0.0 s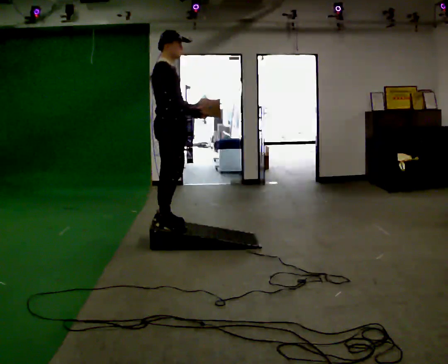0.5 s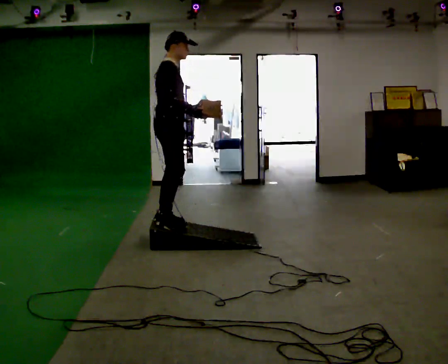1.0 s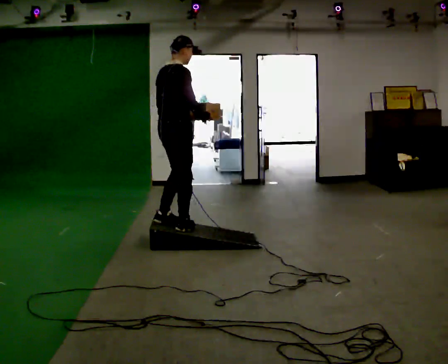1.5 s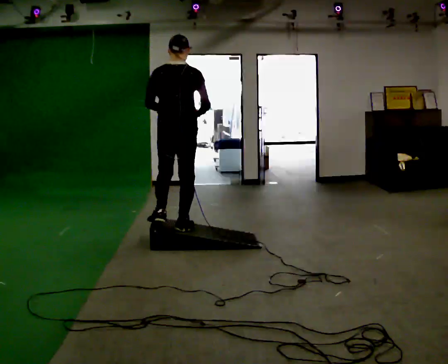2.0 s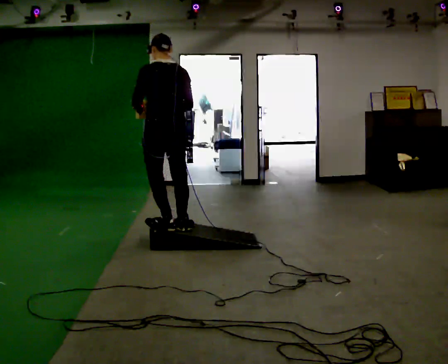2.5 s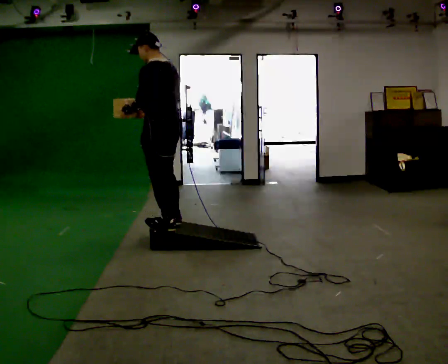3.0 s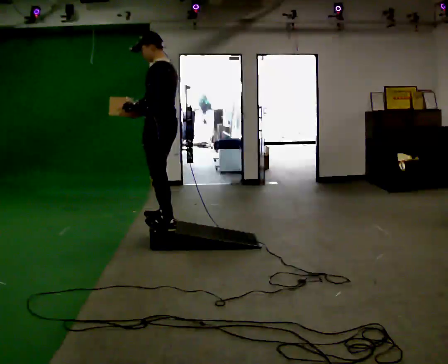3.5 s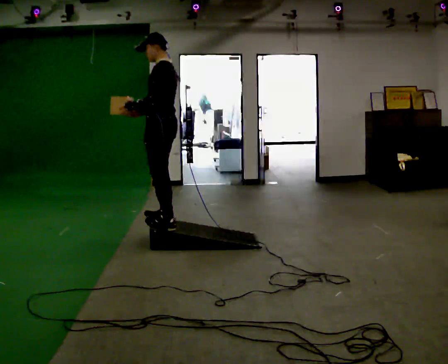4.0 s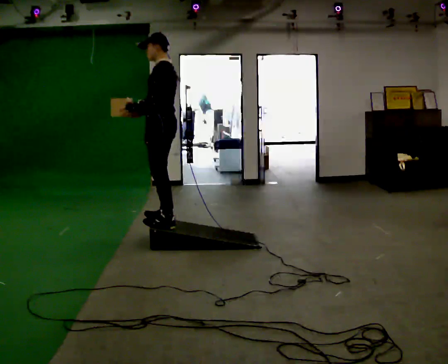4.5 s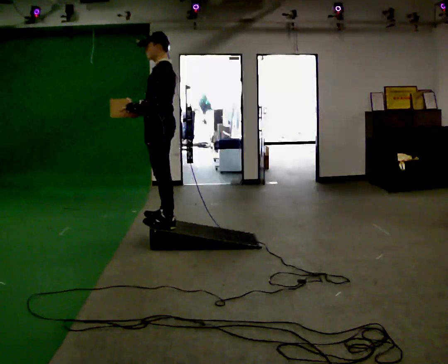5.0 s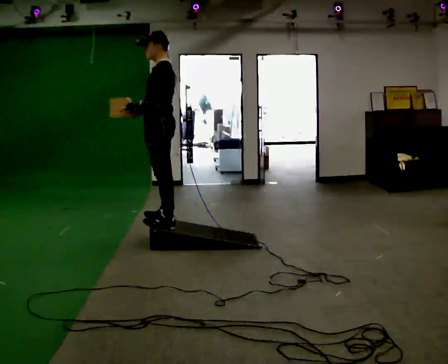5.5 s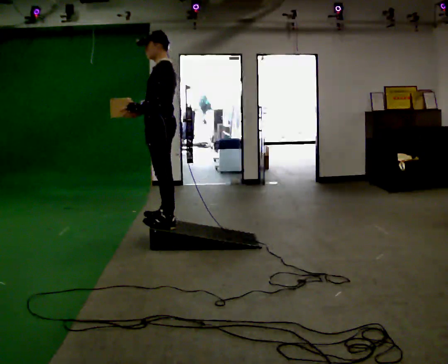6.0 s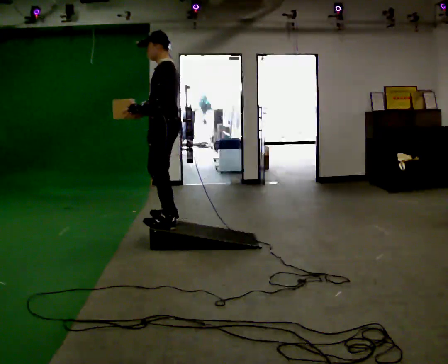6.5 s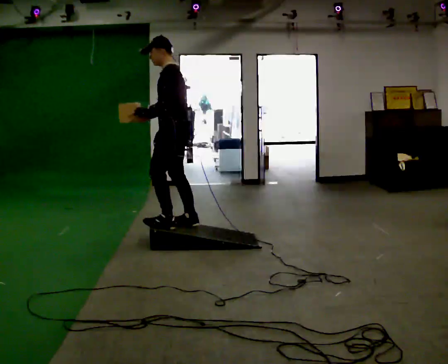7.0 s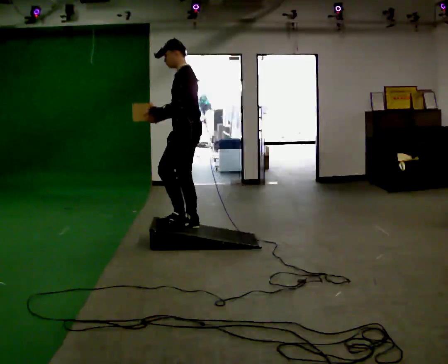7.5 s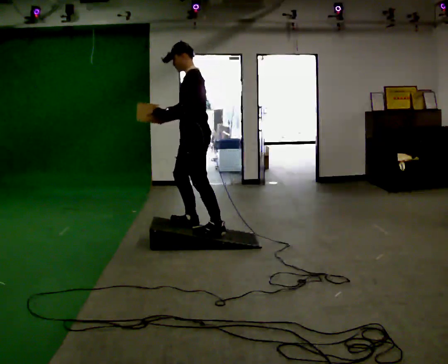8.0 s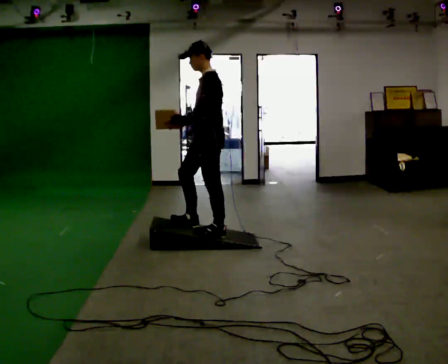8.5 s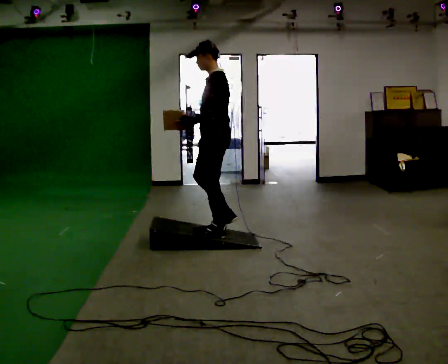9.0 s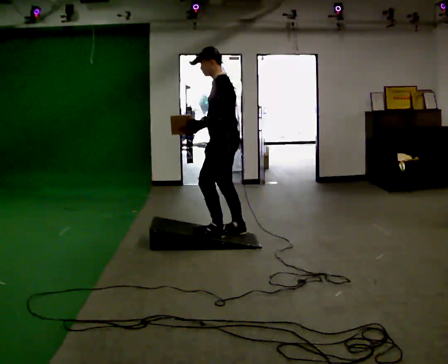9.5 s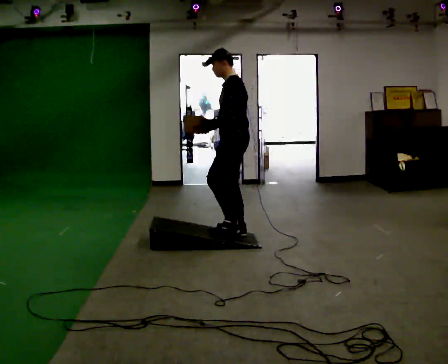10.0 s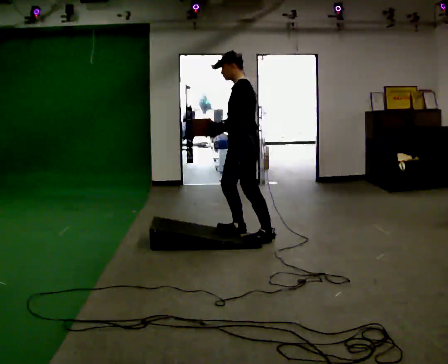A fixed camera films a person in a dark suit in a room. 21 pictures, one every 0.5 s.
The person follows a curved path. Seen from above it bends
clockwise.
The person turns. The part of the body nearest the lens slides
to the right.
0.0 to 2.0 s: The person turns about 120 degrees to their left, counterclockwise seen from above, so the part of the body nearest the lens slides to the right. In the picture their left hand goes to the left, the arm swinging clockwise.
2.0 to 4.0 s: Seen from above the body turns counterclockwise, about 60 degrees: to their left, with its near side sliding to the right. In the picture they go away from the camera, about 0.25 m in 1 step.
4.0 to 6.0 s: The person moves a little, or ends about where they began.
6.0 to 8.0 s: In the picture they go to the right, about 0.5 m in 1 step, which for them is backward.
8.0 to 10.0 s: In the picture they go to the right, about 0.25 m in 2 steps, which for them is backward and to their right.
The film runs backward here.
